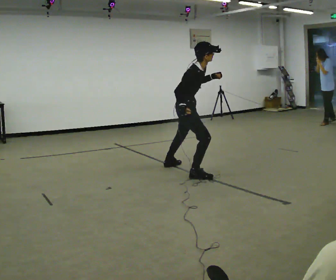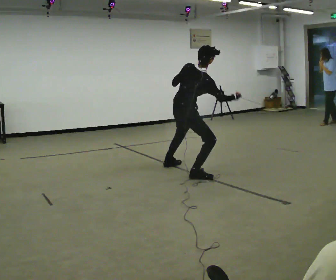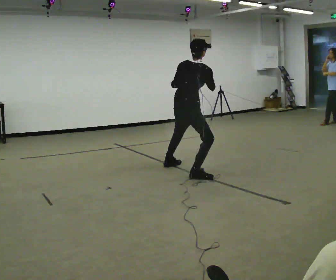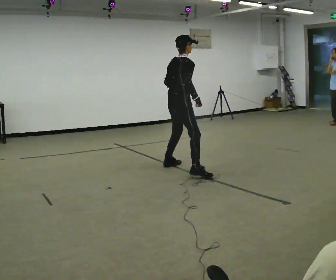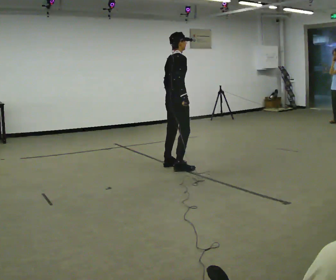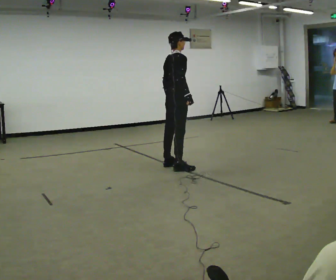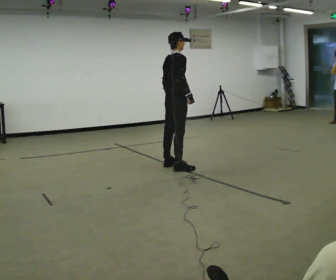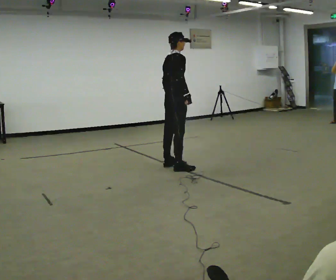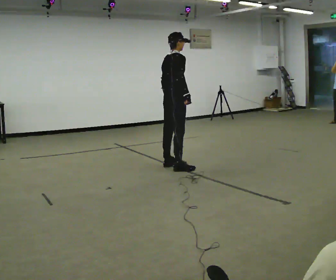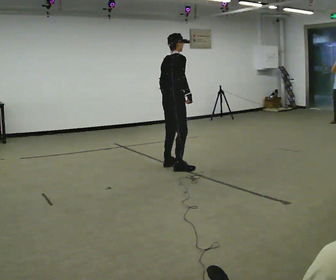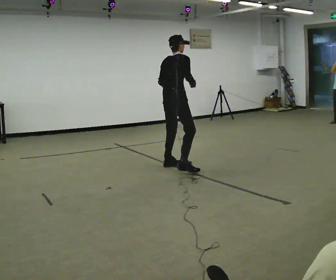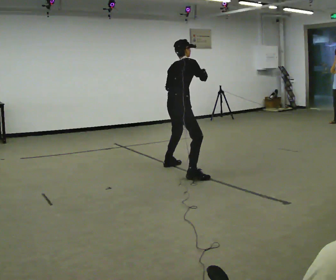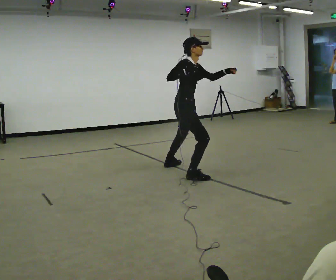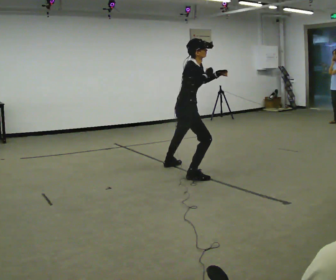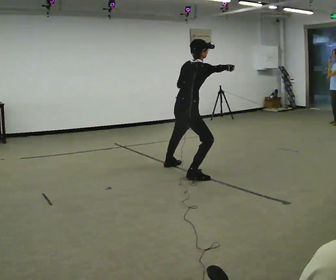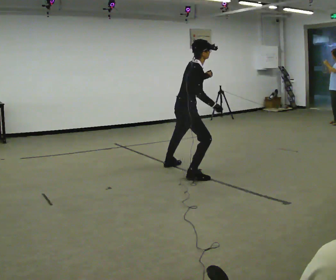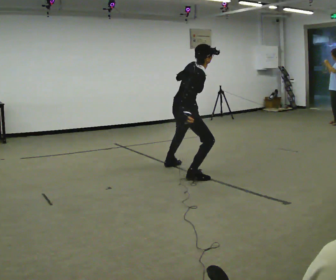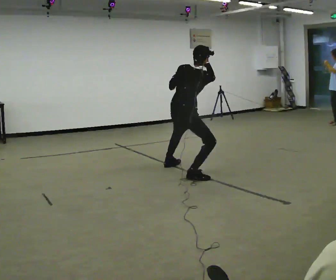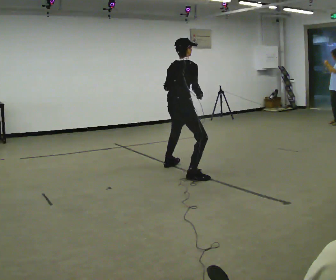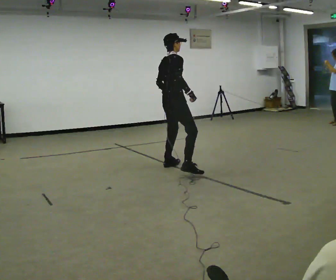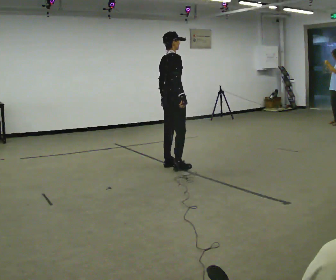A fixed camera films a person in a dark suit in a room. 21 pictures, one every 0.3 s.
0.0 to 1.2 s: Seen from above the body turns counterclockwise, about 30 degrees: to their left, with its near side sliding to the right. In the picture they go away from the camera, about 0.25 m in 1 step, which for them is to their left and forward. The upper body tips away from the camera, its near side rolling upward, as they lean back or straighten.
1.2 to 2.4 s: The person moves a little, or ends about where they began.
2.4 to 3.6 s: Seen from above the body turns clockwise, about 45 degrees: to their right, with its near side sliding to the left. In the picture they go toward the camera, about 0.25 m in 1 step, which for them is to their right and backward. In the picture their left hand goes upward.
3.6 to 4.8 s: The person turns about 45 degrees to their left, counterclockwise seen from above, so the part of the body nearest the lens slides to the right. In the picture the upper body tilts clockwise, shoulders to the right. In the picture their left hand goes to the left.
4.8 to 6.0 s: In the picture they go away from the camera, about 0.25 m in 1 step, which for them is to their left and forward. The shoulders move upward. In the picture the upper body tilts counterclockwise, shoulders to the left, as they lean back or straighten. In the picture their left hand goes downward.
The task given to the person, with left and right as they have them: Mimic boxing into the air at moderate speed with both hands, moving your feet only a little. Stay controlled; do not punch at full speed.
The film runs forward here.
